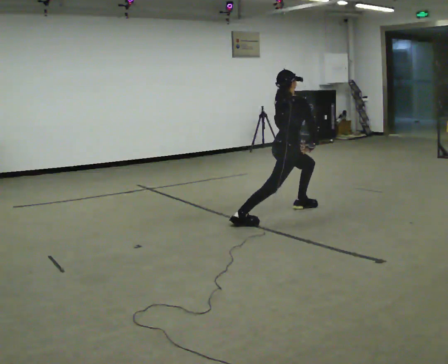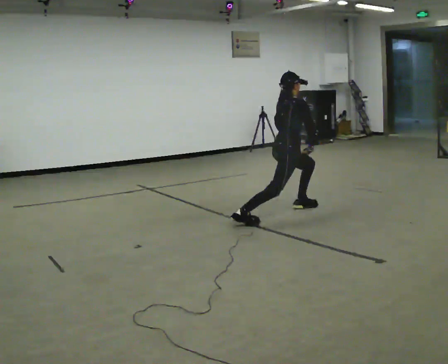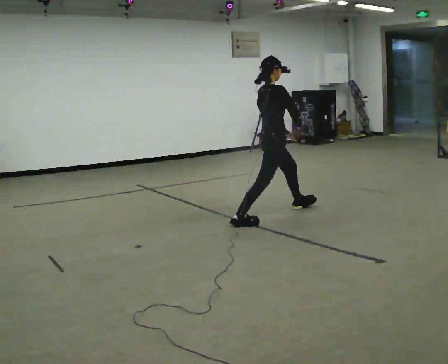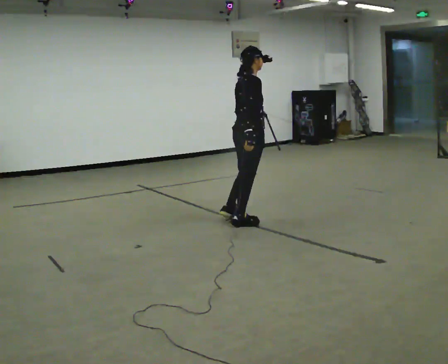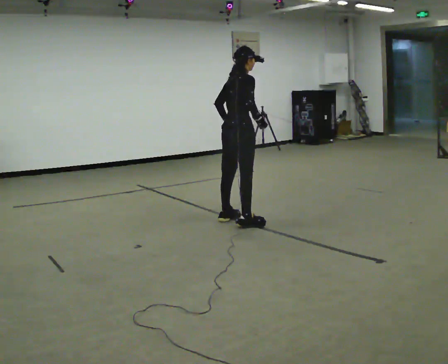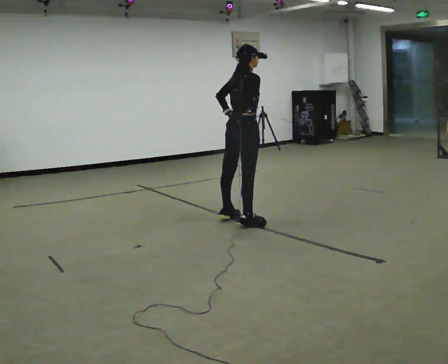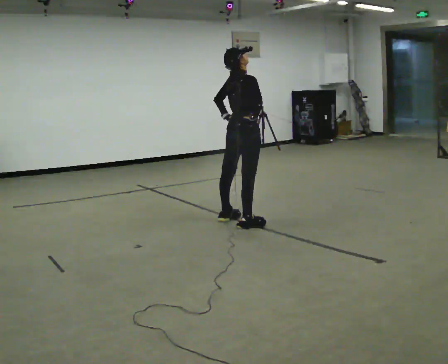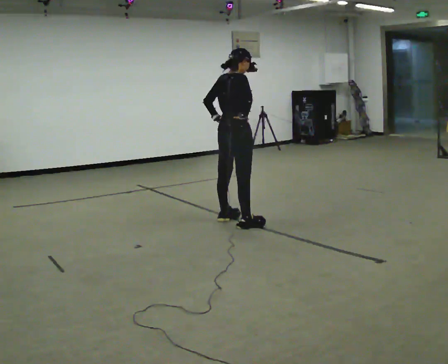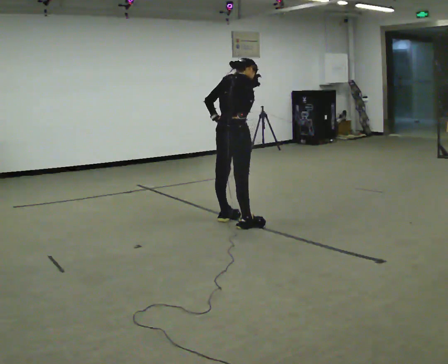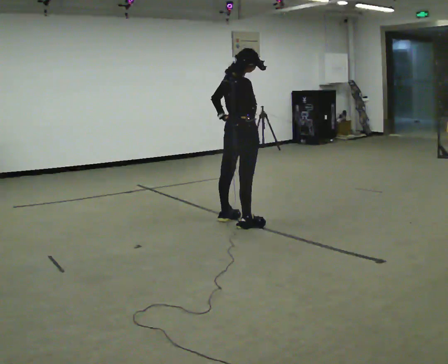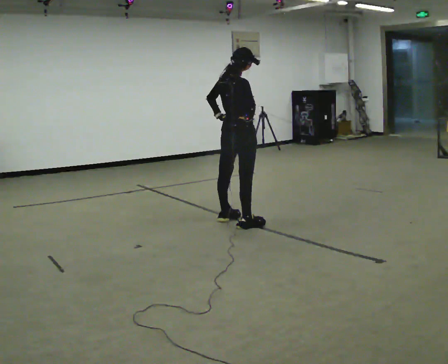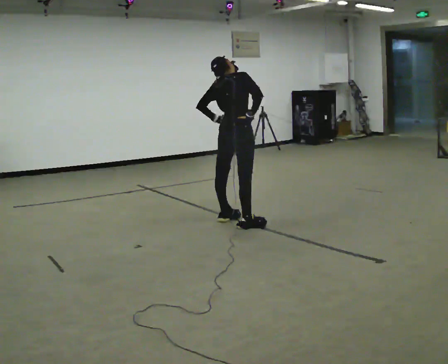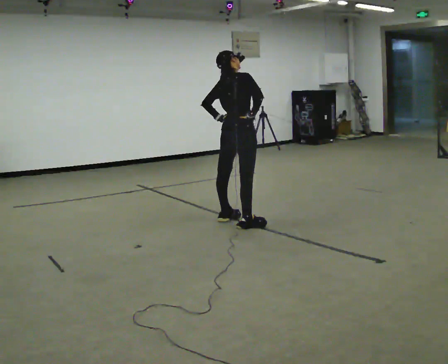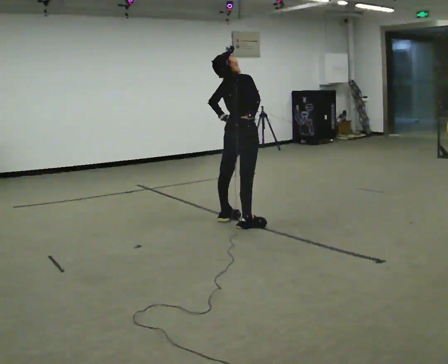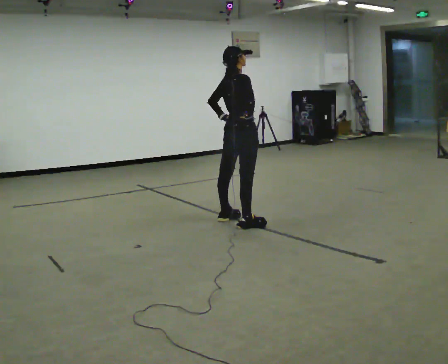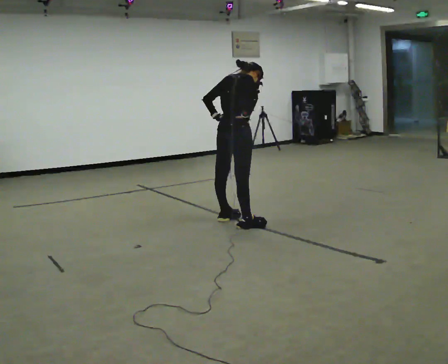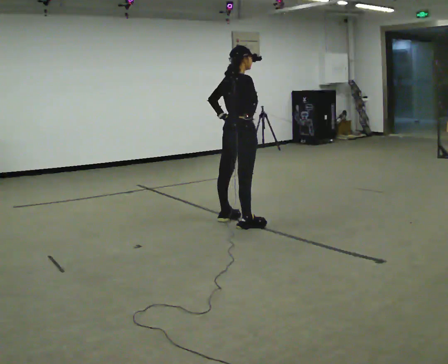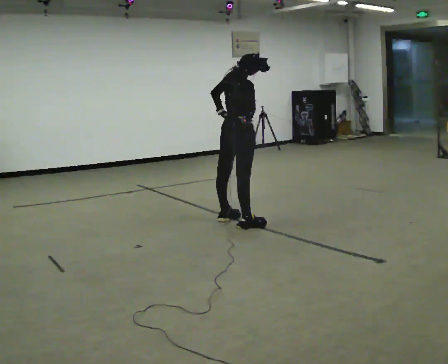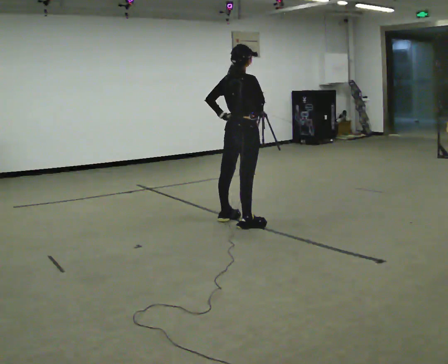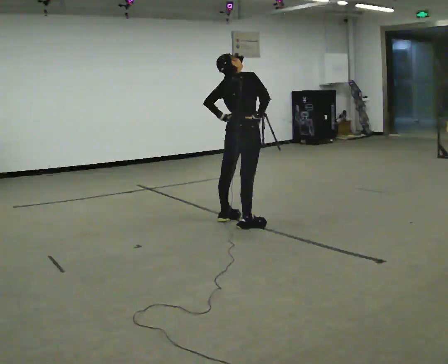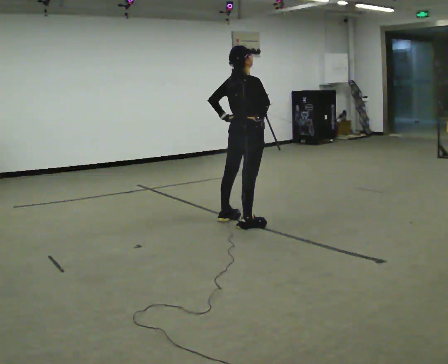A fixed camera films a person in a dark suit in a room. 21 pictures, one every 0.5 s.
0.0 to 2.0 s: In the picture they go to the left and toward the camera, about 0.5 m in 1 step, which for them is backward.
2.0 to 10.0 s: In the picture they go toward the camera, about 0.25 m, which for them is to their right.
The film runs backward here.
